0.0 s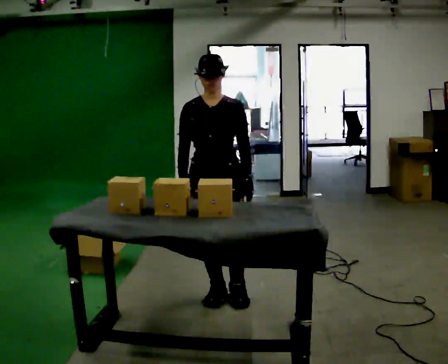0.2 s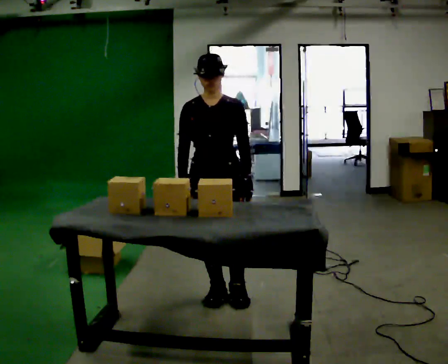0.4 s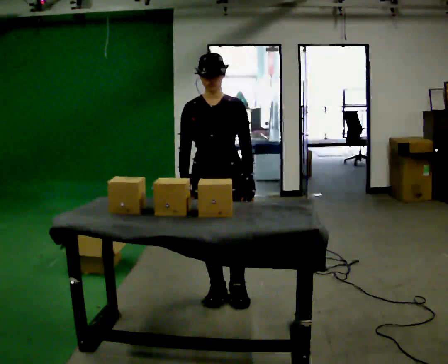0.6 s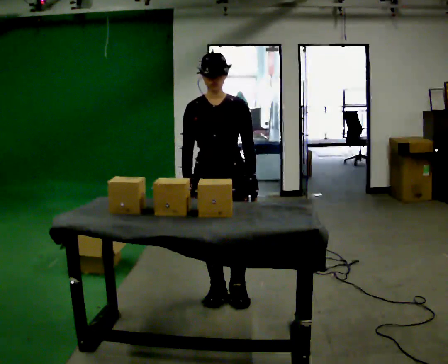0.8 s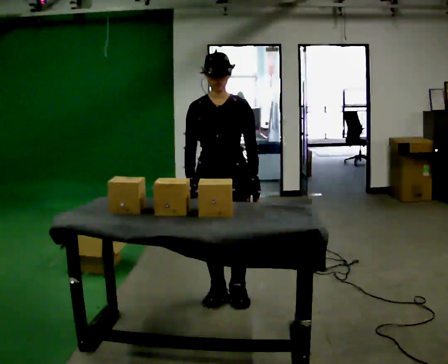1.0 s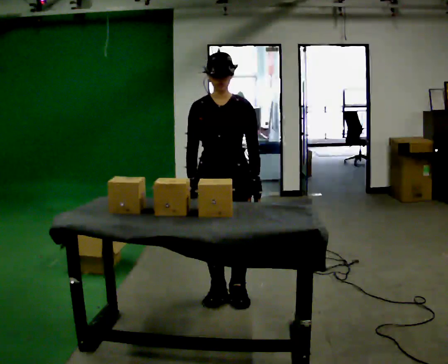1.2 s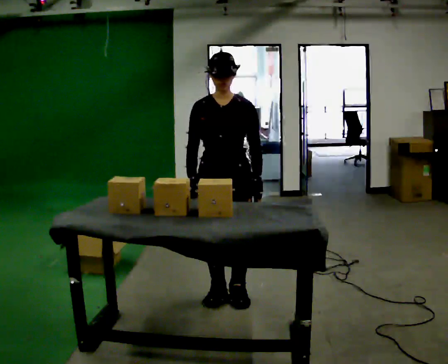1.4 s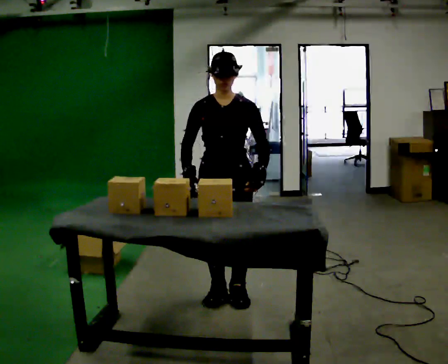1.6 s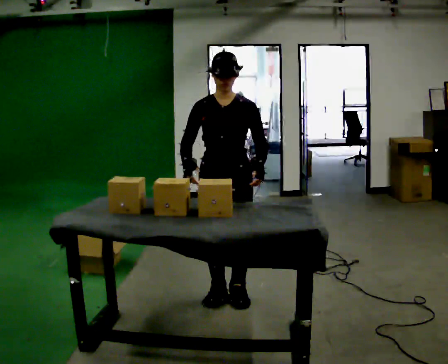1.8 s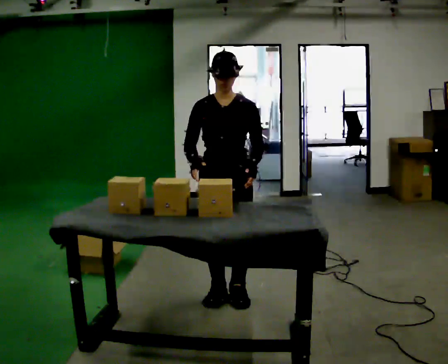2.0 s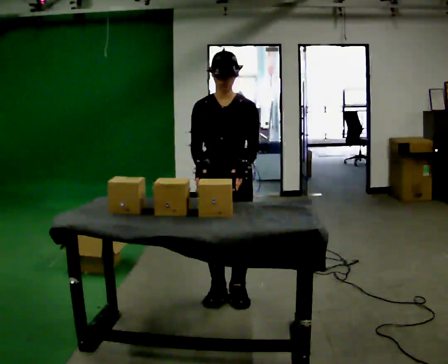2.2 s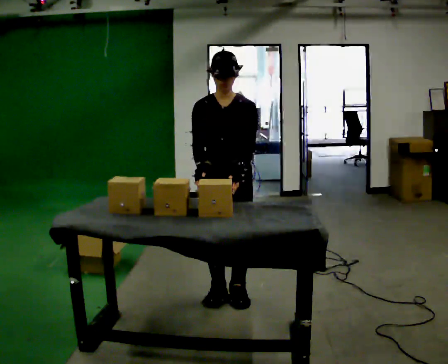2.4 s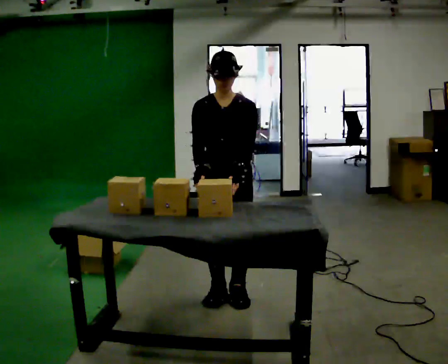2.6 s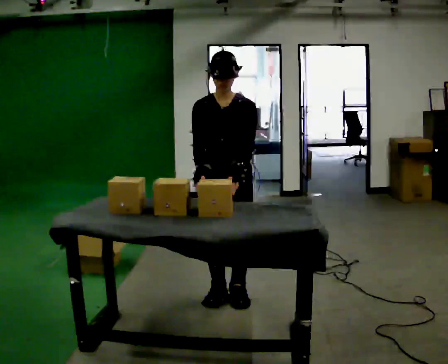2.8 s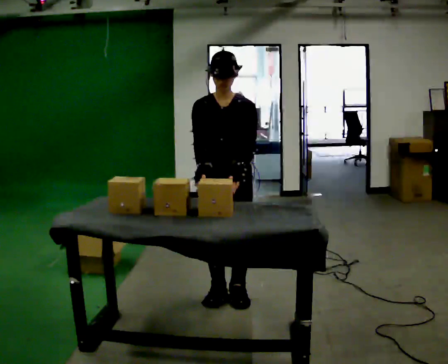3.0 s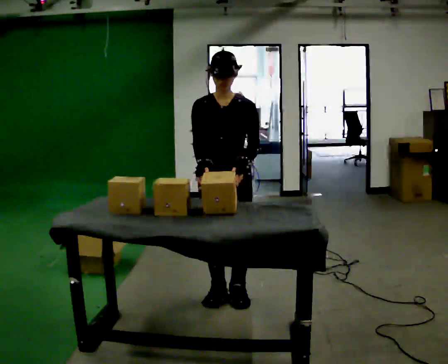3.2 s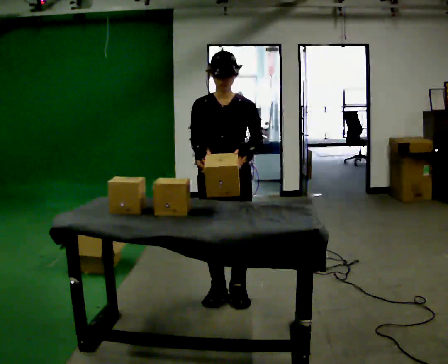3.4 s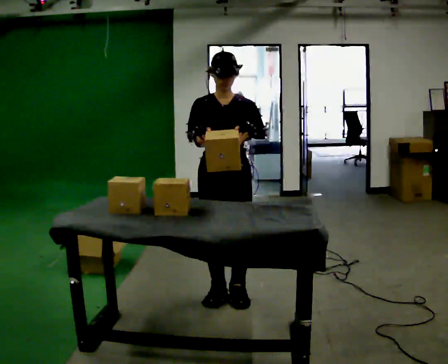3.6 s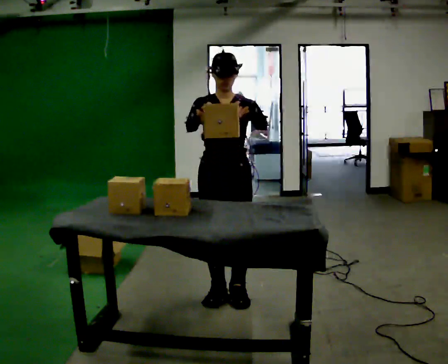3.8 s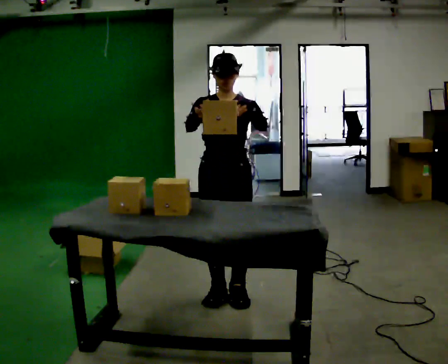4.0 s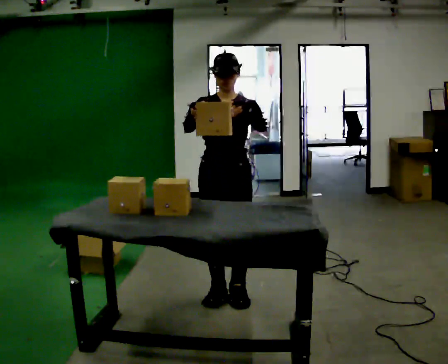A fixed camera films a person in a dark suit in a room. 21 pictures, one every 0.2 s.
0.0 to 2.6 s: The person moves a little, or ends about where they began.
2.6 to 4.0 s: In the picture their right hand goes upward.
The film runs forward here.
